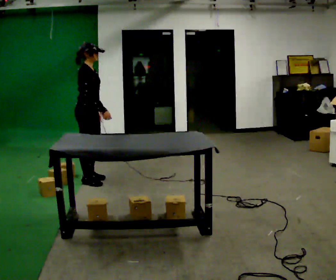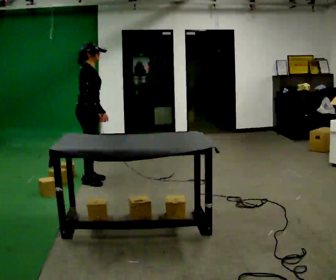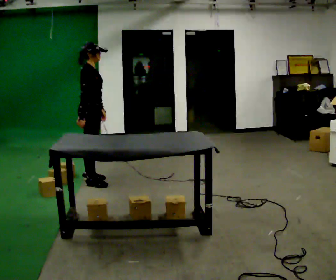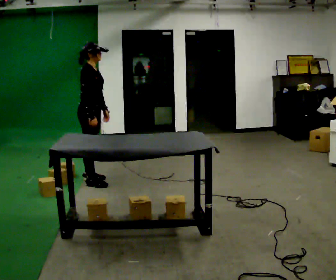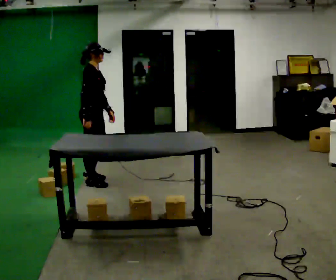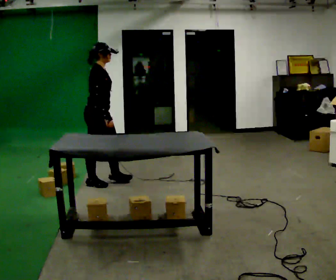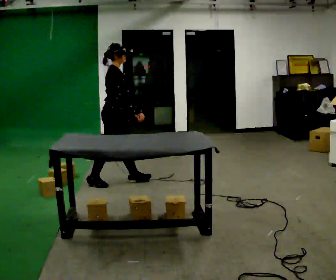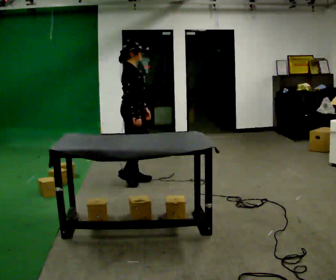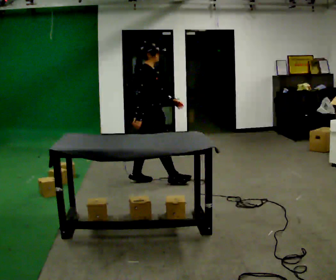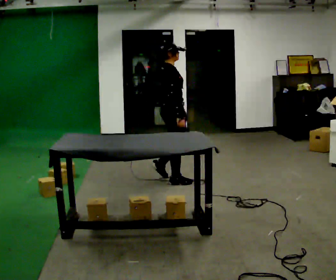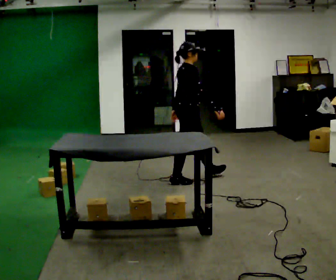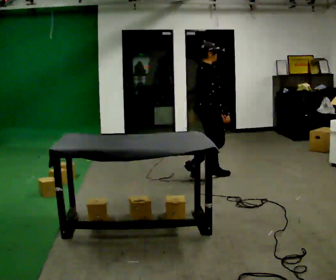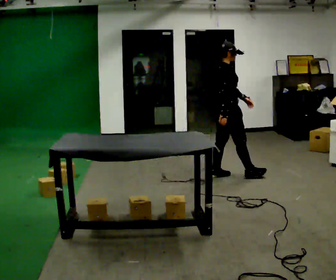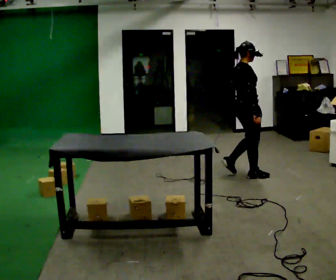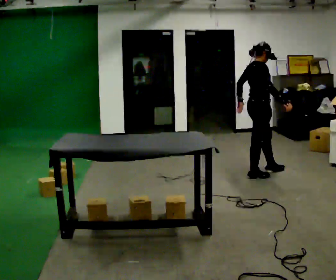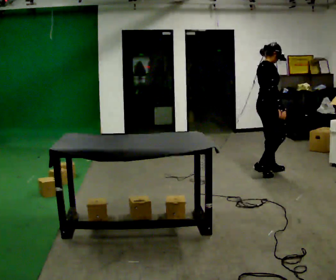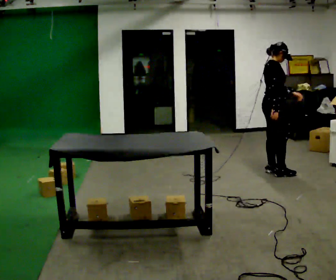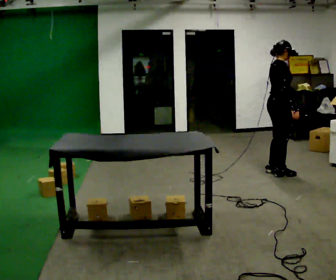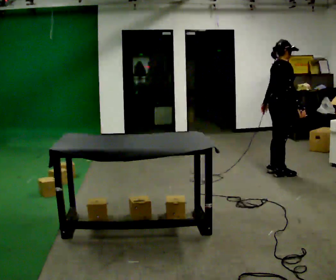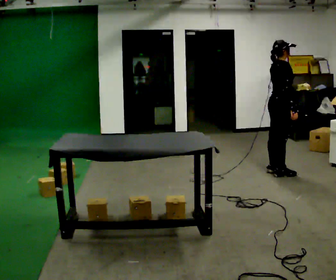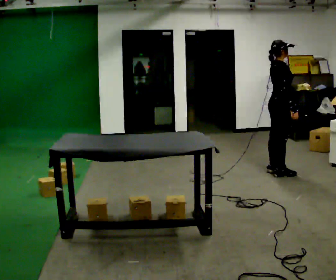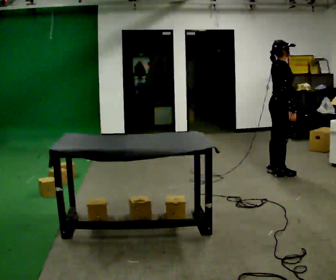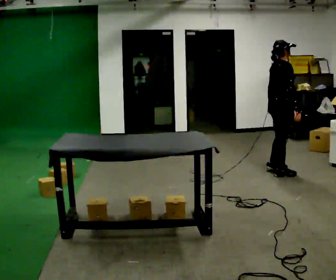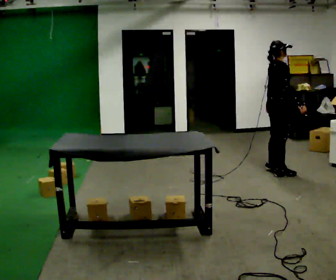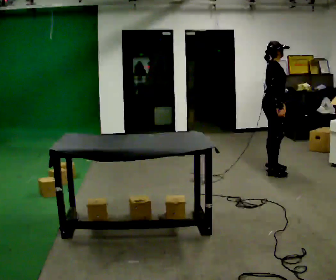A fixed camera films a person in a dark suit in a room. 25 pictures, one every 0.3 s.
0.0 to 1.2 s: The person moves a little, or ends about where they began.
1.2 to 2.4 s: In the picture they go to the right, about 0.75 m in 2 steps, which for them is forward.
2.4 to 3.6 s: In the picture they go to the right, about 1 m in 1 step, which for them is forward.
3.6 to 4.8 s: In the picture they go to the right, about 0.5 m in 3 steps, which for them is forward.
4.8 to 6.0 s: The person moves a little, or ends about where they began.
6.0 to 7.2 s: Seen from above the body turns clockwise, about 30 degrees: to their right, with its near side sliding to the left.
The film runs forward here.
